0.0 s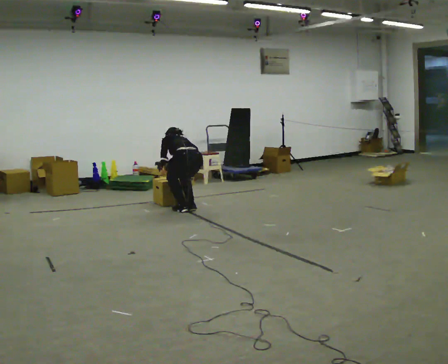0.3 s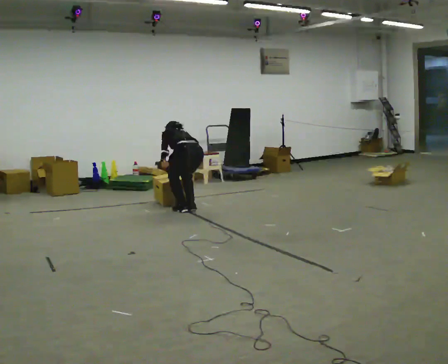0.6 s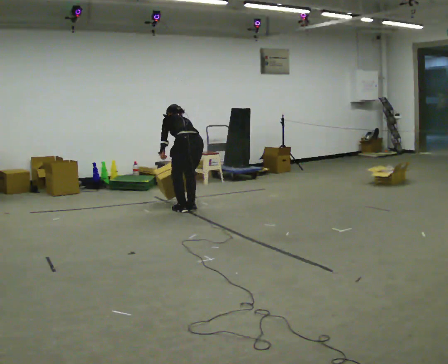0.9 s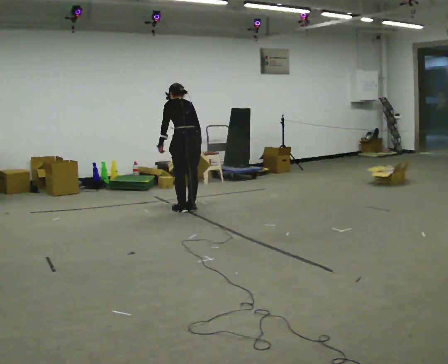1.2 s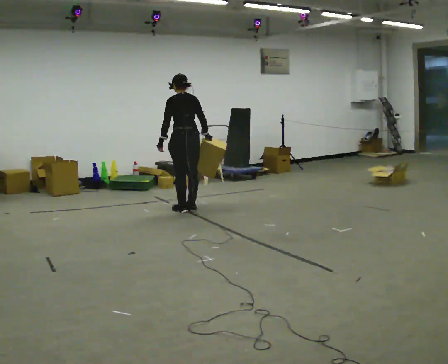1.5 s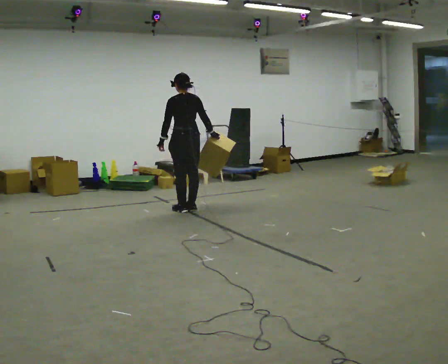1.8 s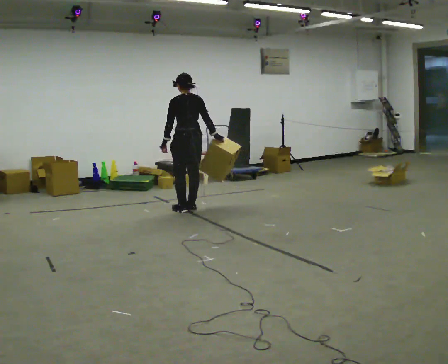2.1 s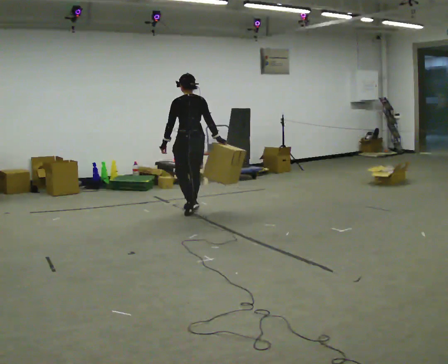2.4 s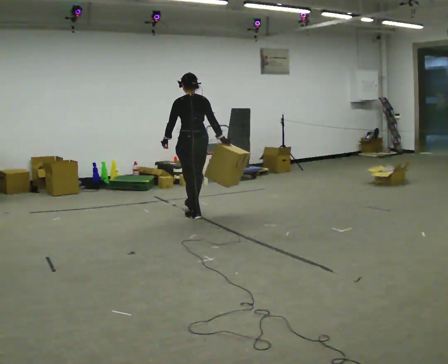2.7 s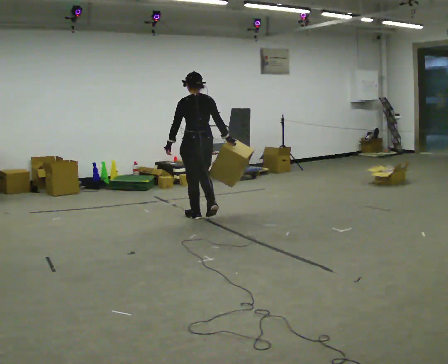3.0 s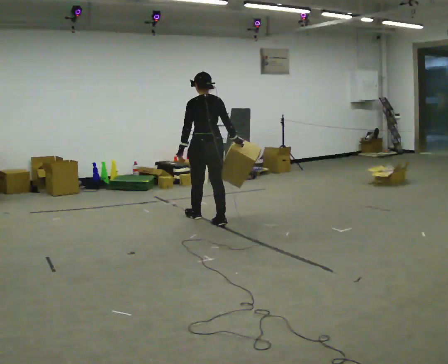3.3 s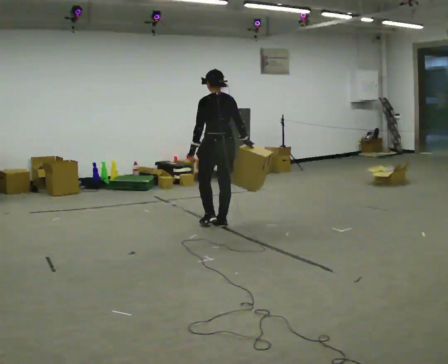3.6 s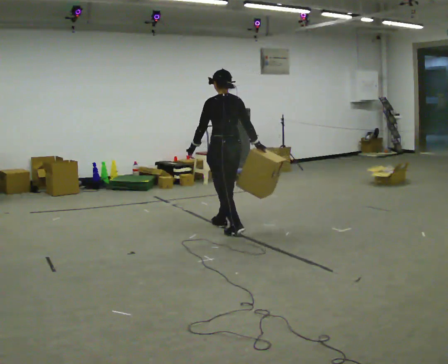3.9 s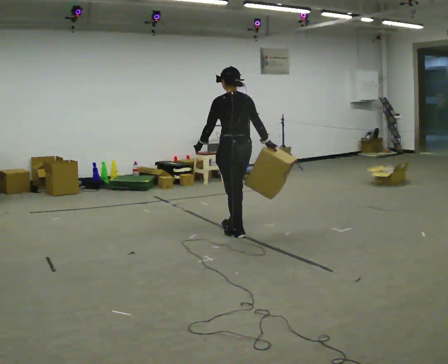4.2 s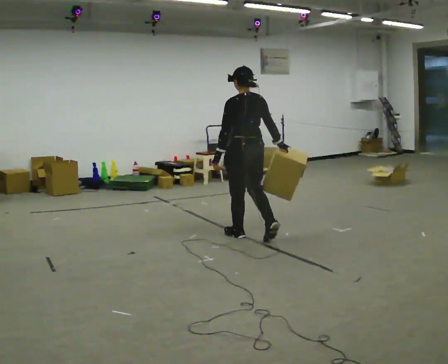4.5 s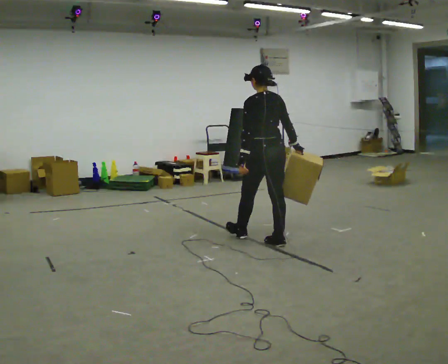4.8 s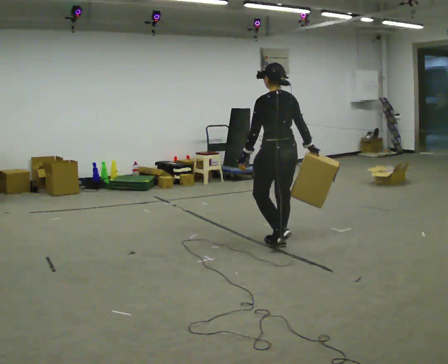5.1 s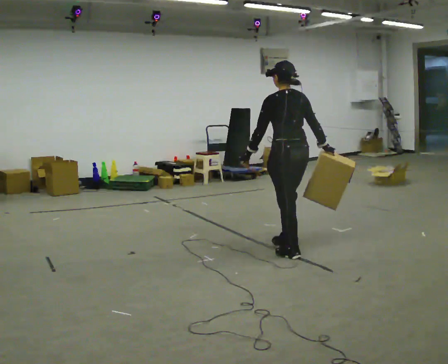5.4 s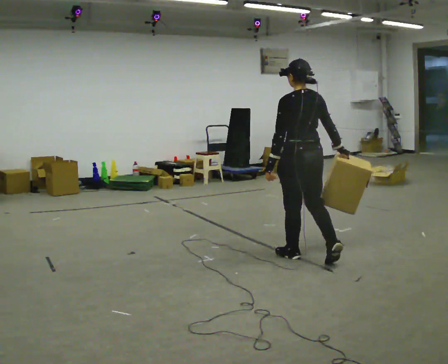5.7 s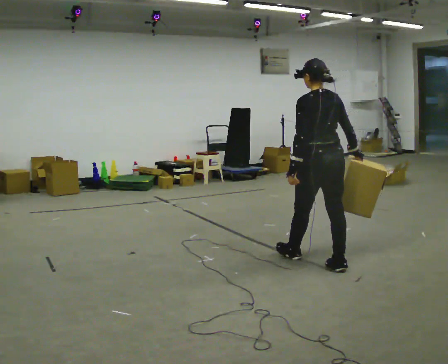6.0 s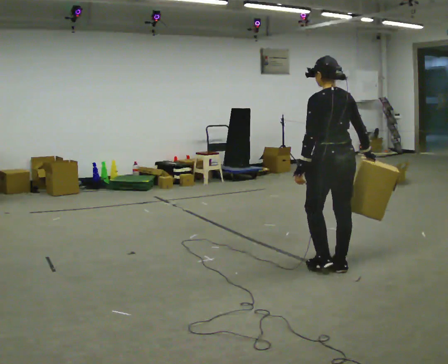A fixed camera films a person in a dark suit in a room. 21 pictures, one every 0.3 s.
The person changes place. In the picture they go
toward the camera.
The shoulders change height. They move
upward.
0.0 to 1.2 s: The upper body goes upward. The upper body tips toward the camera, its near side rolling downward, as they lean back or straighten.
1.2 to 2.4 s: In the picture they go toward the camera, about 0.25 m in 2 steps, which for them is backward.
2.4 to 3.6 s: In the picture they go toward the camera and to the right, about 0.75 m in 1 step, which for them is backward.
3.6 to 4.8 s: In the picture they go toward the camera and to the right, about 1 m in 2 steps, which for them is backward.
4.8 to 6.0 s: In the picture they go toward the camera and to the right, about 0.5 m in 2 steps, which for them is backward.
The film runs backward here.
